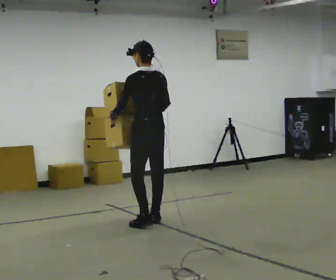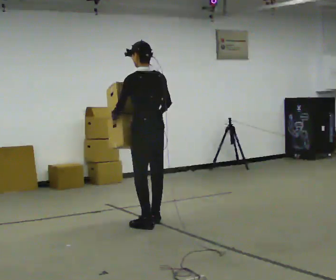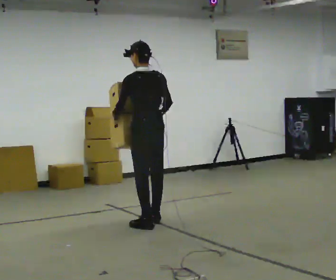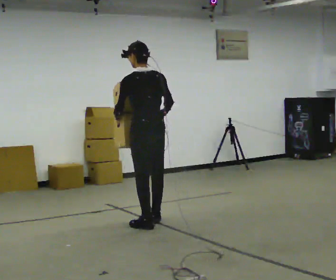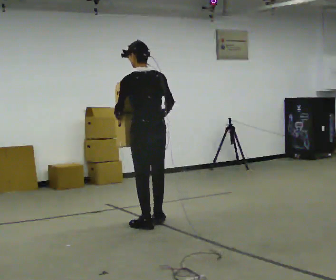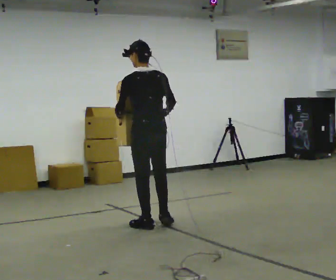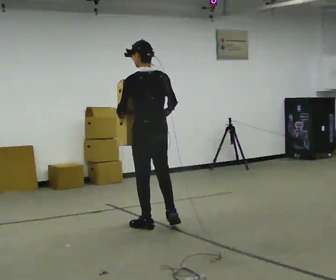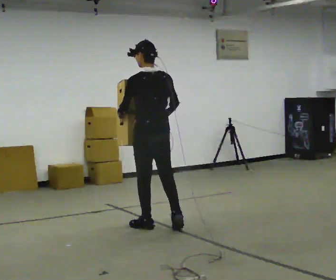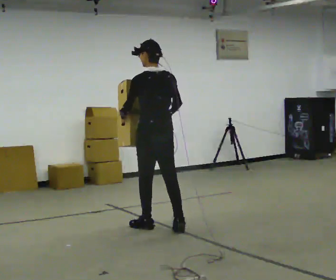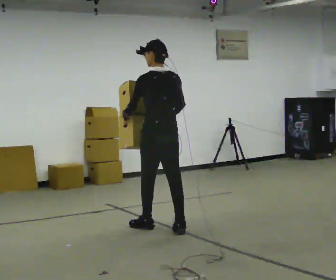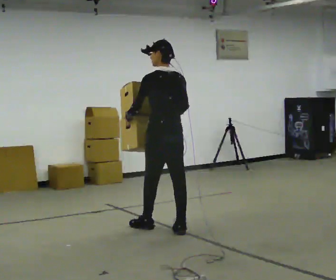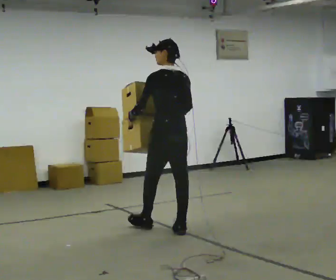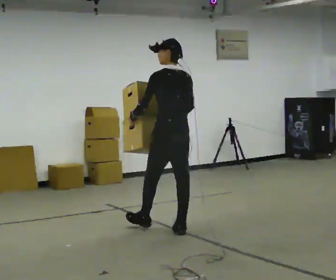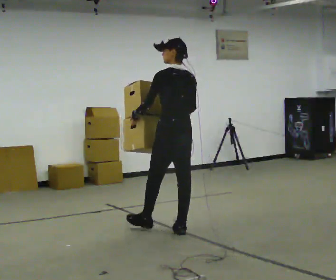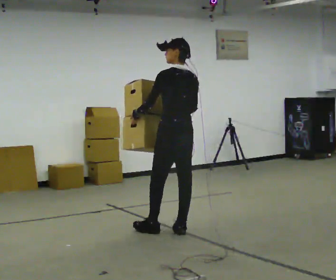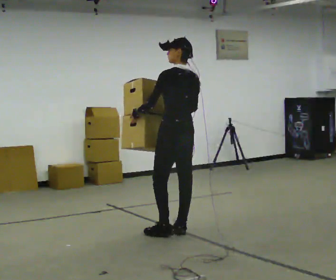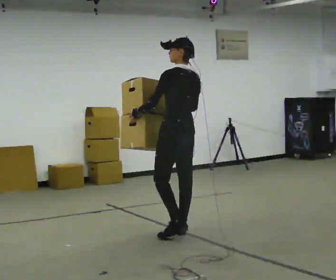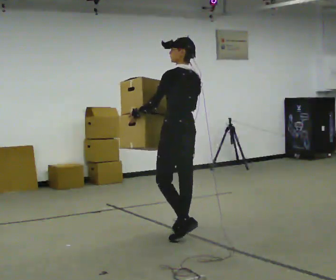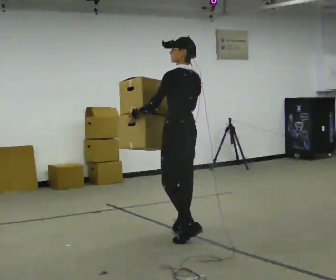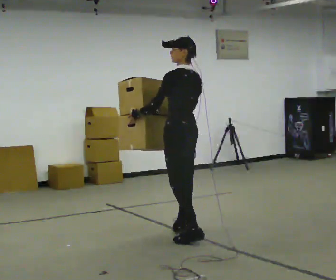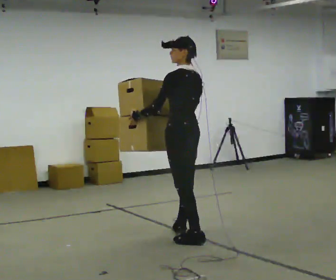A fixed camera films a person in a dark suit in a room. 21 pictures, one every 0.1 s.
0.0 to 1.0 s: In the picture they go toward the camera, about 0.25 m in 1 step, which for them is backward.
1.0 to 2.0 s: In the picture they go toward the camera and to the right, about 0.25 m in 1 step, which for them is backward.
The film runs backward here.
